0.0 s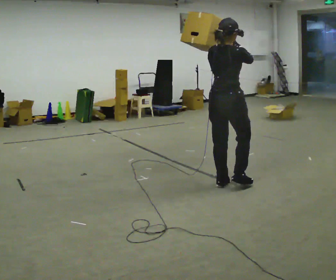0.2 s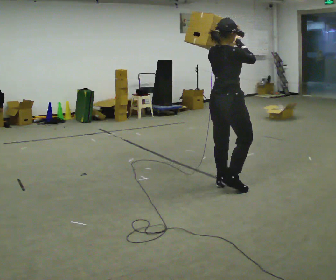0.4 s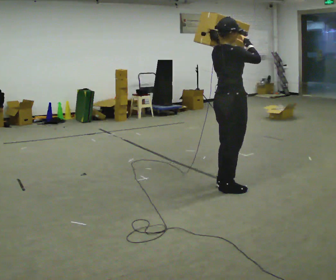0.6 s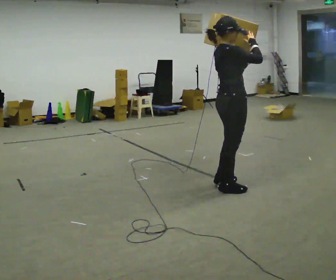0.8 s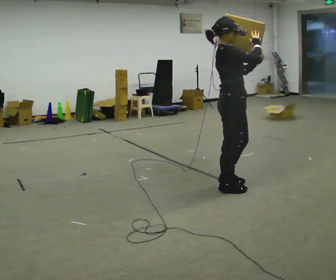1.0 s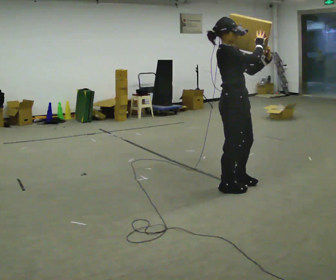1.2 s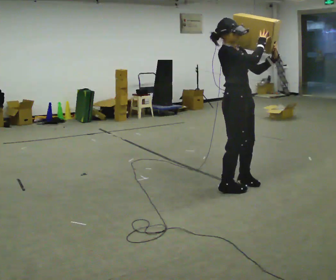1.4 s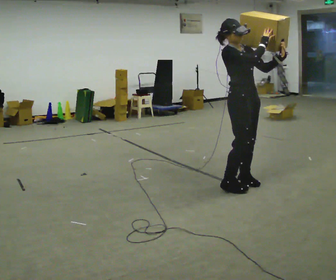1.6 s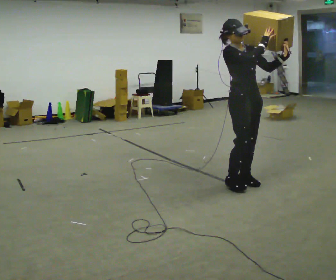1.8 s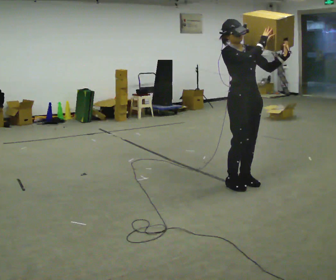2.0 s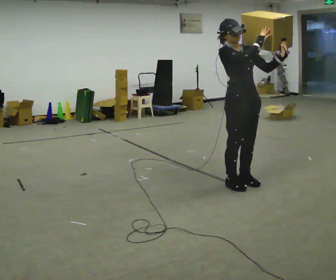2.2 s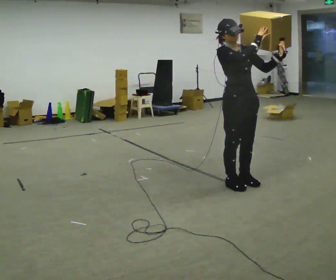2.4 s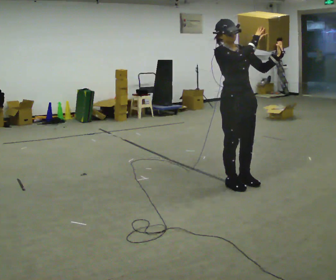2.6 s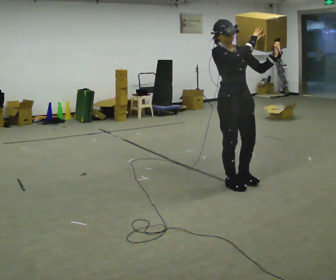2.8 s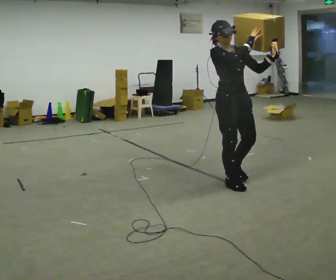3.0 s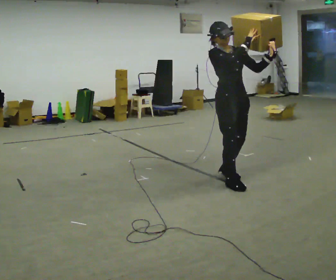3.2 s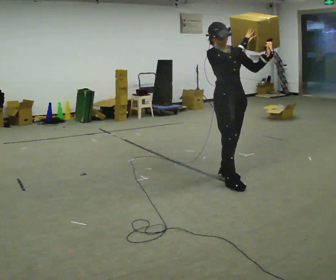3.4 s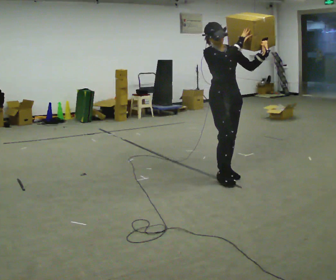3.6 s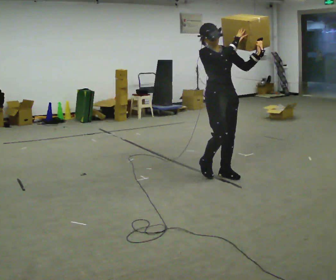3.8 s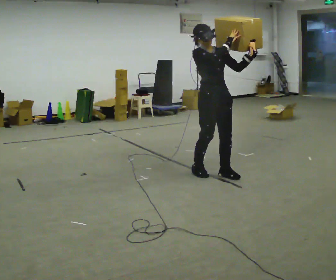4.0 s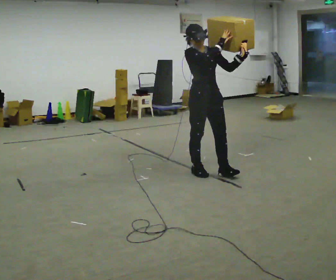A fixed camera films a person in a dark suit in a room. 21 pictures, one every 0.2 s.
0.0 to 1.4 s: The person turns about 90 degrees to their right, clockwise seen from above, so the part of the body nearest the lens slides to the left. In the picture they go to the right, about 0.25 m in 2 steps. In the picture their left hand goes to the right.
1.4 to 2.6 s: The person moves a little, or ends about where they began.
2.6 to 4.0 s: In the picture they go away from the camera and to the left, about 0.5 m in 1 step, which for them is backward.
The film runs backward here.
